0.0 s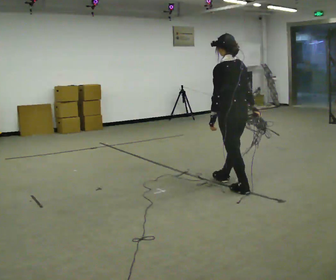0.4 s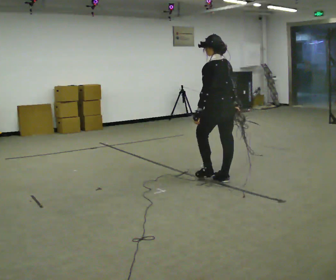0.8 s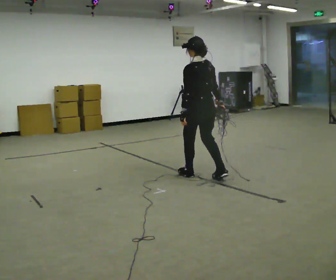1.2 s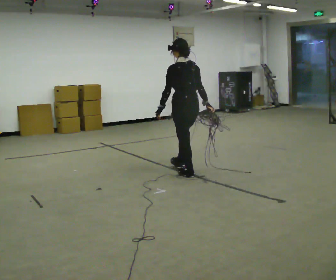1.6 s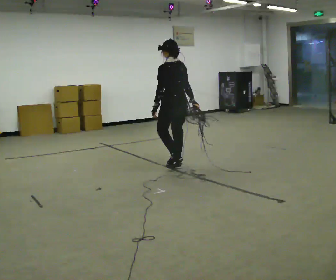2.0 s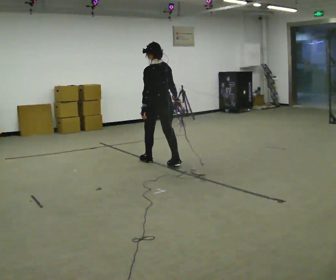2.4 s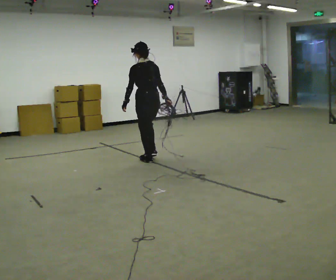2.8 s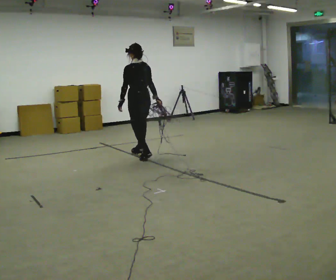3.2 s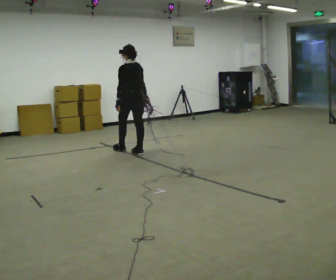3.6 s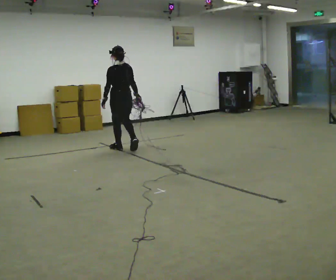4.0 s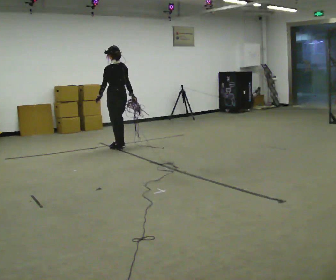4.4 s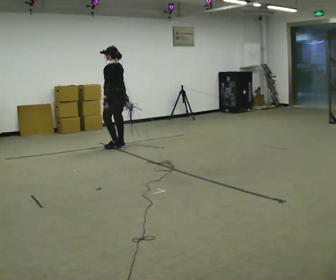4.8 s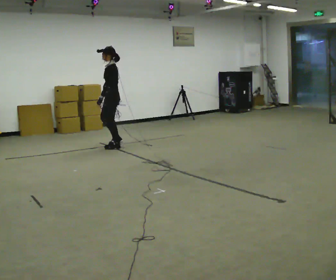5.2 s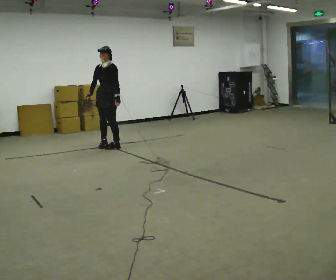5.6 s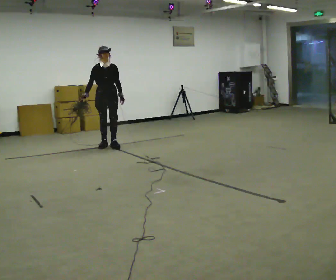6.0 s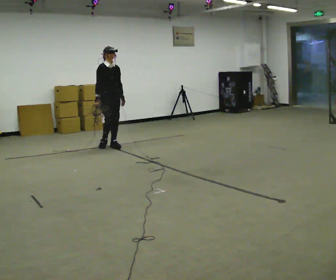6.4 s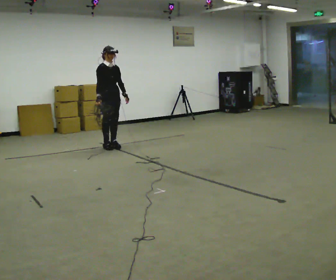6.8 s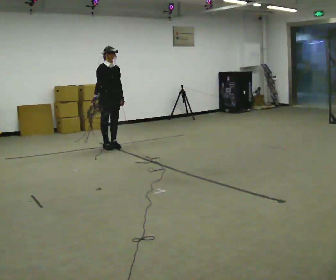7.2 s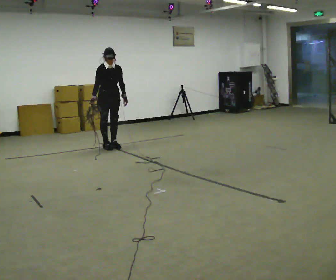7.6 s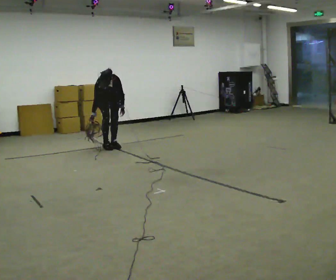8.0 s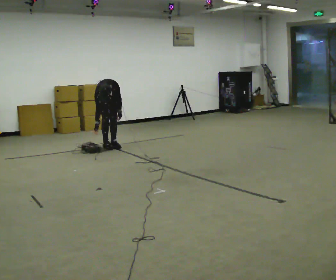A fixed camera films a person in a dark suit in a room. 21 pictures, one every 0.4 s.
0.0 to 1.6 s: In the picture they go away from the camera and to the left, about 1 m in 2 steps, which for them is forward.
1.6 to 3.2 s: In the picture they go away from the camera and to the left, about 1 m in 2 steps, which for them is forward.
3.2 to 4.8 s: Seen from above the body turns counterclockwise, about 75 degrees: to their left, with its near side sliding to the right. In the picture they go away from the camera and to the left, about 0.5 m in 2 steps.
4.8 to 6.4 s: The part of the body nearest the lens slides to the right as the person turns to their left by about 120 degrees.
6.4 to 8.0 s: Seen from above the body turns clockwise, about 30 degrees: to their right, with its near side sliding to the left. The upper body goes downward. The upper body tips toward the camera, its near side rolling downward, as they bend forward. In the picture their right hand goes downward.
The film runs forward here.
